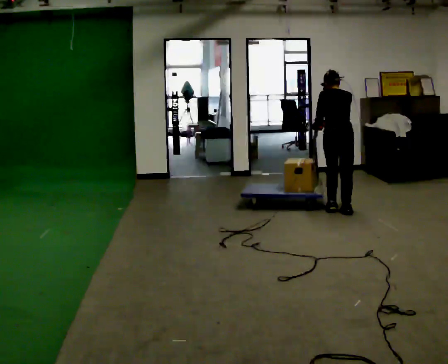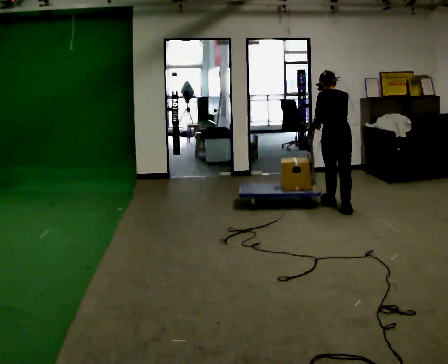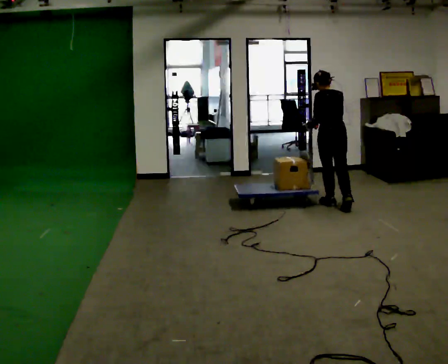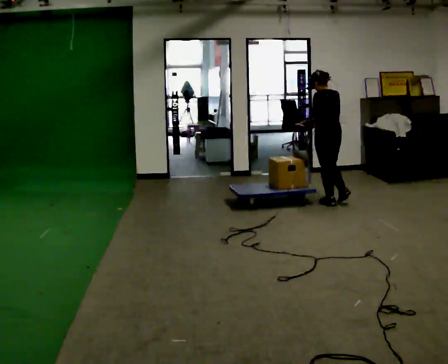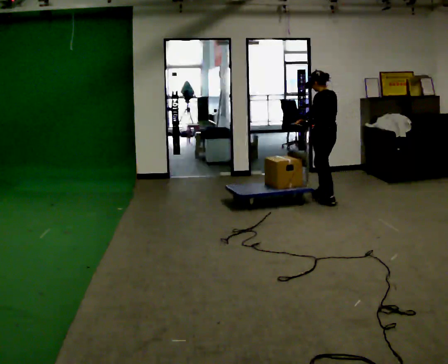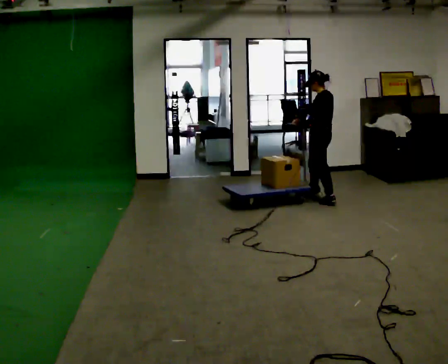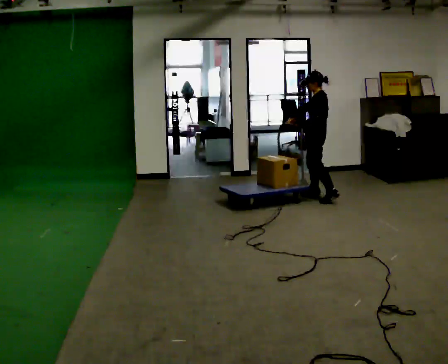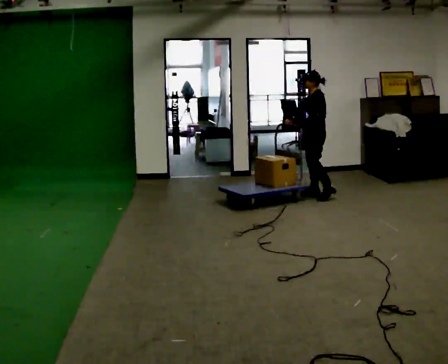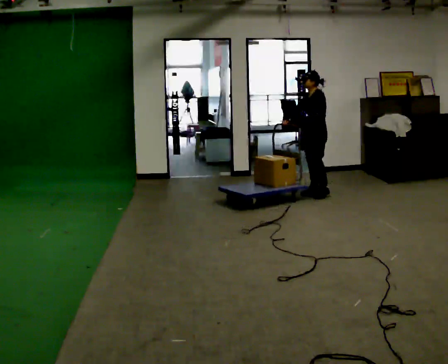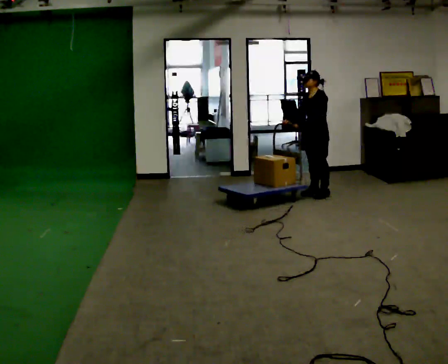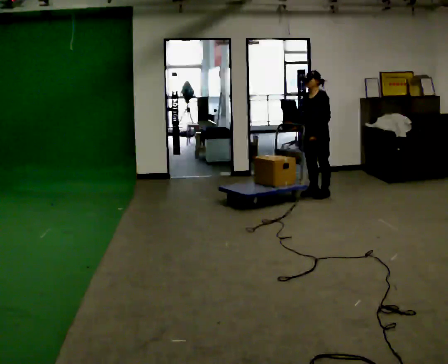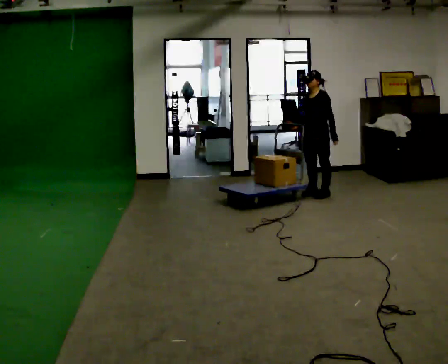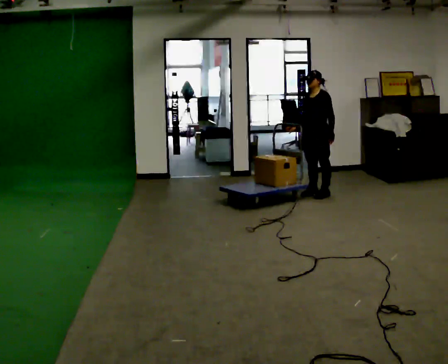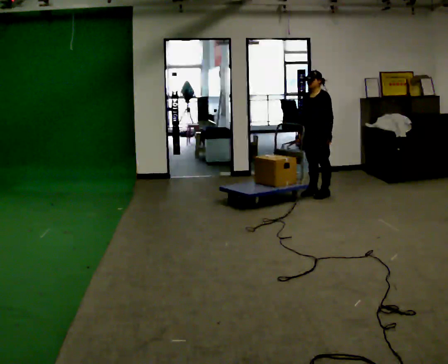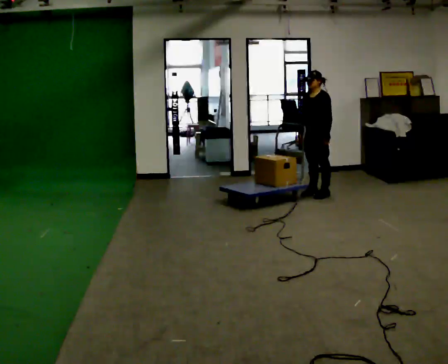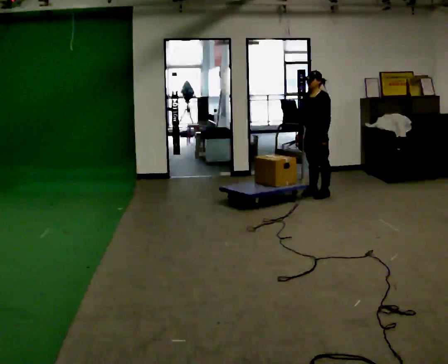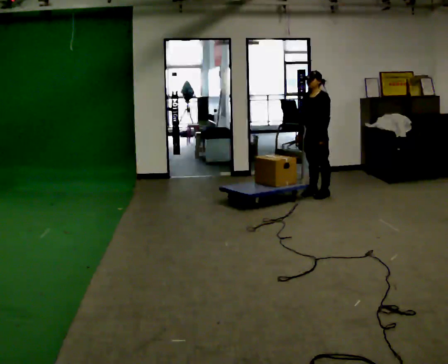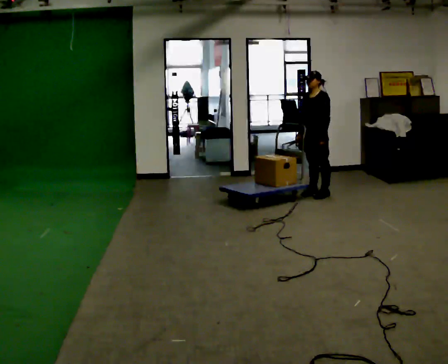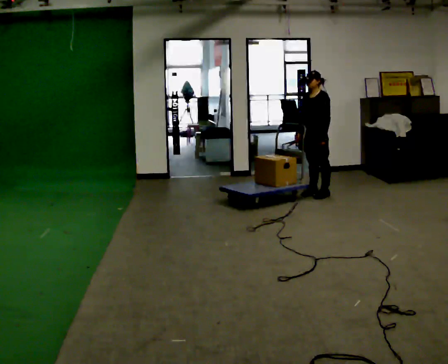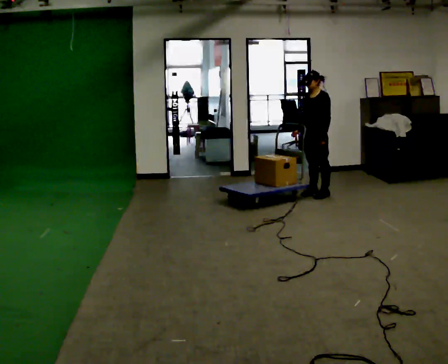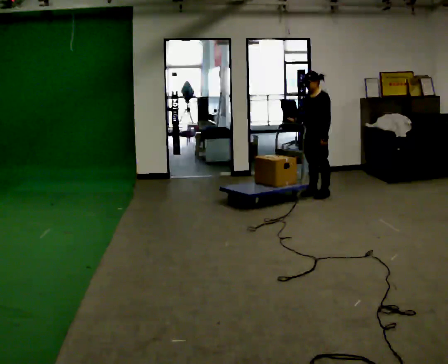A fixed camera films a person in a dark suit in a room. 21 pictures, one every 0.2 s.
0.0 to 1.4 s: The part of the body nearest the lens slides to the right as the person turns to their left by about 90 degrees. In the picture they go away from the camera, about 1 m in 2 steps.
1.4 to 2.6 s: Seen from above the body turns counterclockwise, about 30 degrees: to their left, with its near side sliding to the right.
2.6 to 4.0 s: The person moves a little, or ends about where they began.
The film runs forward here.
